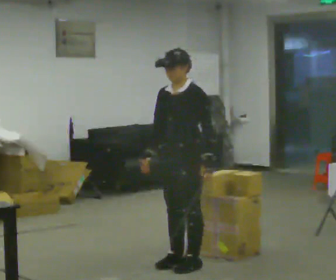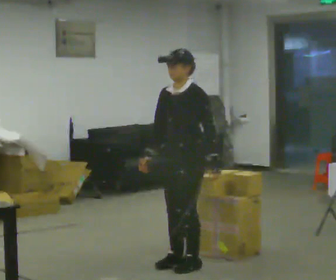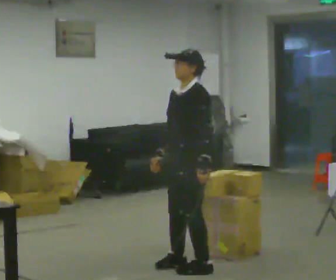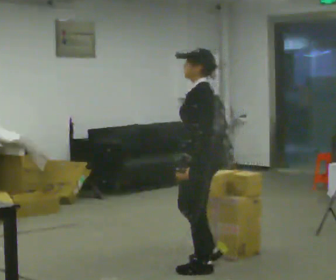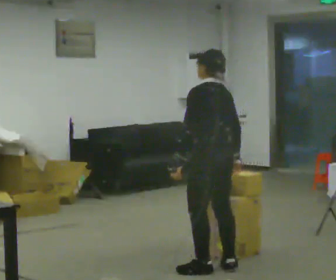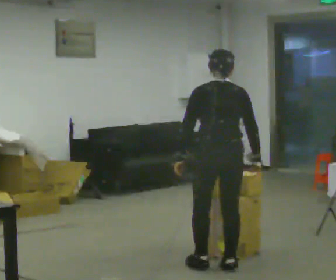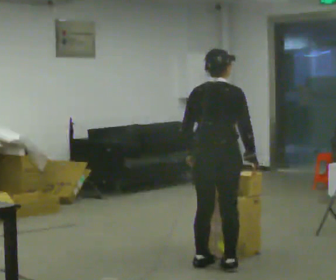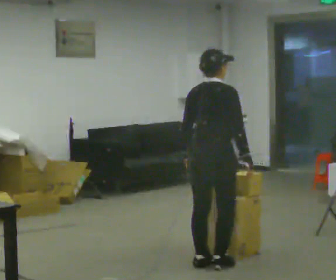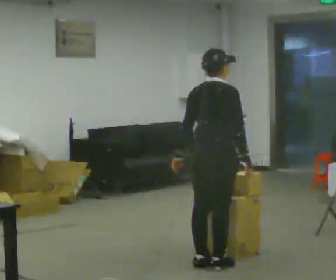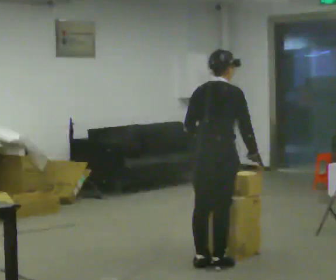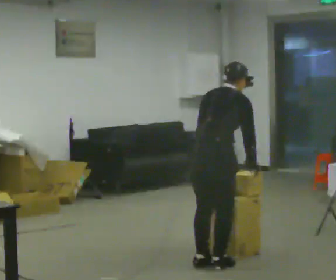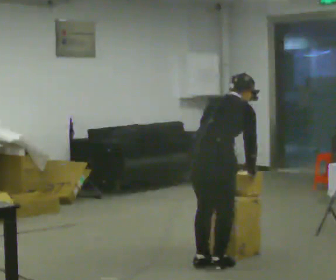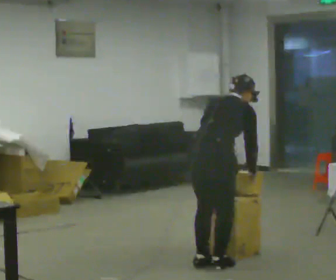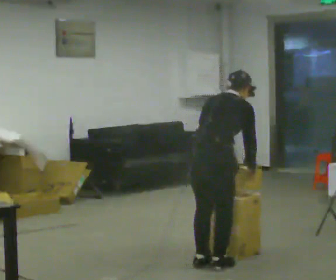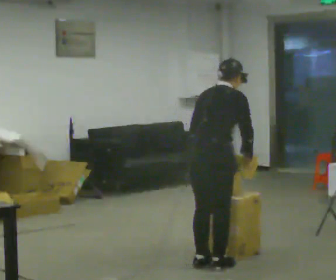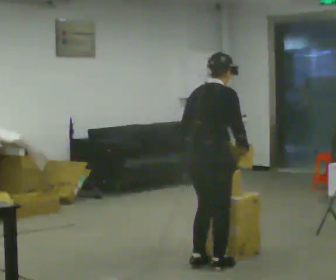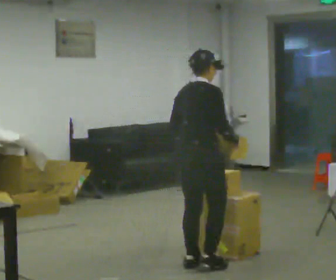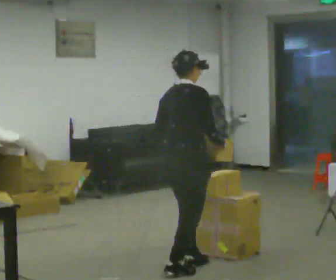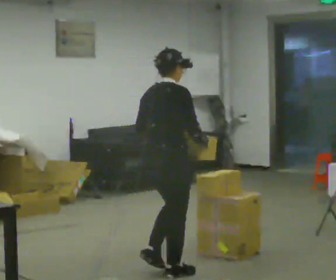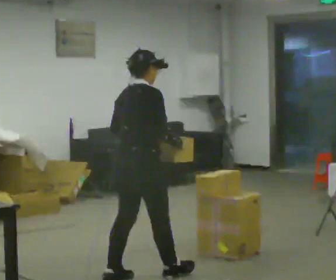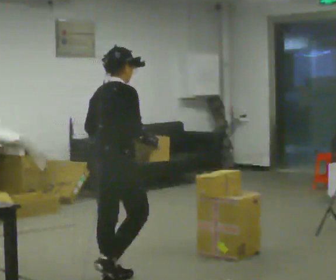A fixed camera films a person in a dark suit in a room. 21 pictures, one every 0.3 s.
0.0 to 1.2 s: The part of the body nearest the lens slides to the left as the person turns to their right by about 90 degrees. In the picture they go to the right, about 0.25 m in 2 steps. In the picture their right hand goes to the right.
1.2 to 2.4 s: The person turns about 90 degrees to their right, clockwise seen from above, so the part of the body nearest the lens slides to the left. In the picture they go away from the camera, about 0.25 m in 1 step.
2.4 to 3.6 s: The upper body tips away from the camera, its near side rolling upward, as they bend forward. In the picture their left hand goes to the right.
3.6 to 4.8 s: The upper body tips toward the camera, its near side rolling downward, as they lean back or straighten.
4.8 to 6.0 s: In the picture they go to the left and toward the camera, about 0.5 m in 2 steps, which for them is backward.
The film runs backward here.
